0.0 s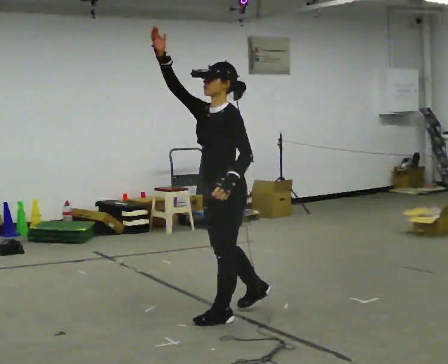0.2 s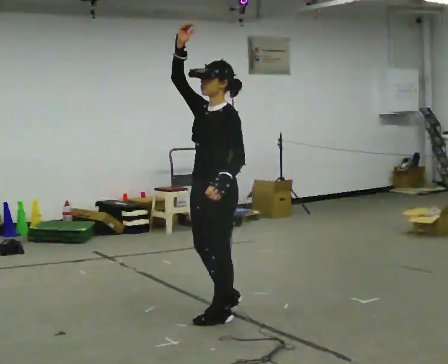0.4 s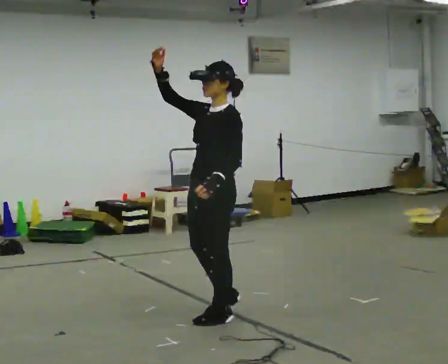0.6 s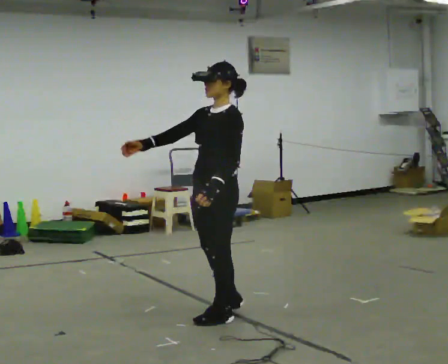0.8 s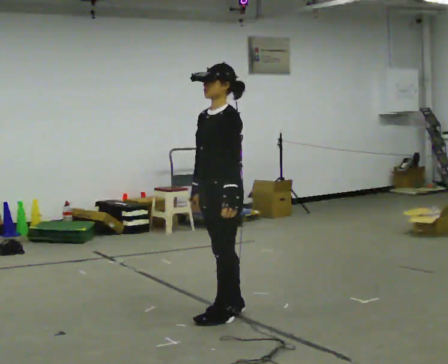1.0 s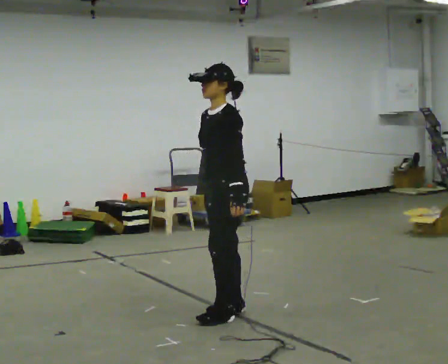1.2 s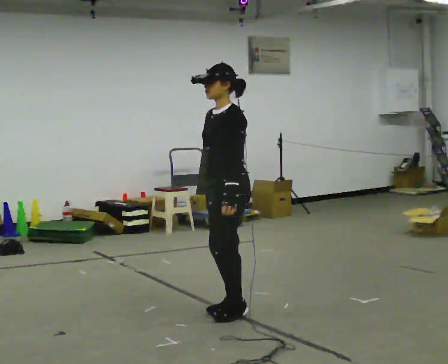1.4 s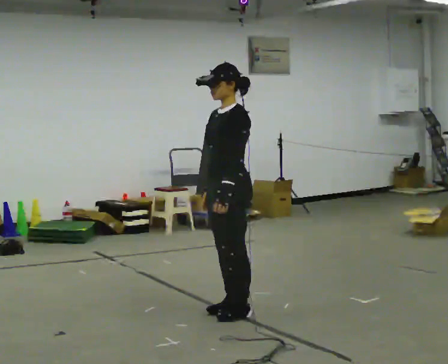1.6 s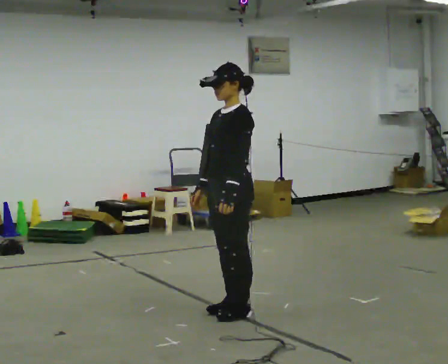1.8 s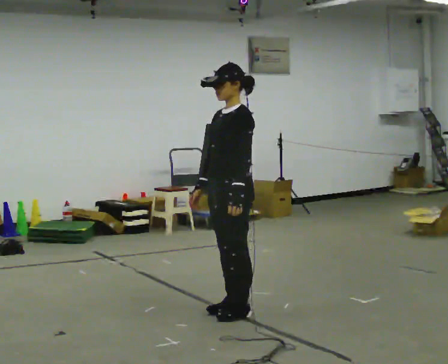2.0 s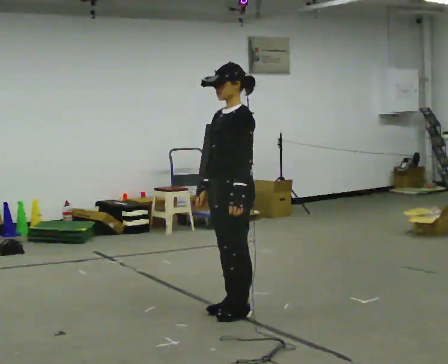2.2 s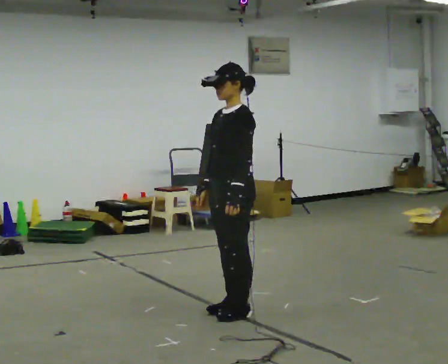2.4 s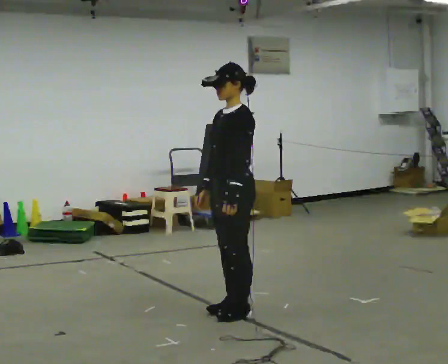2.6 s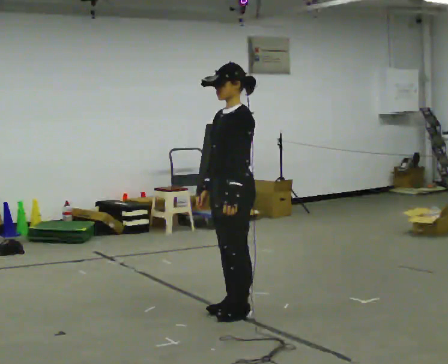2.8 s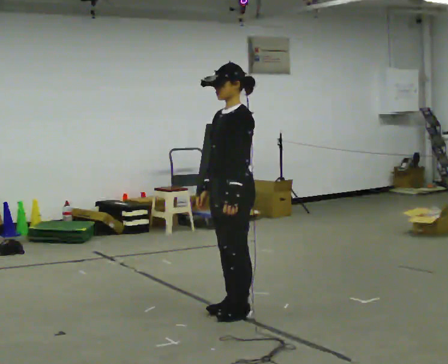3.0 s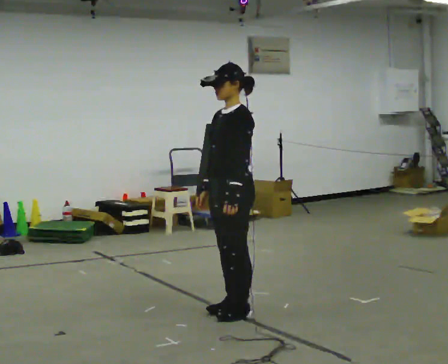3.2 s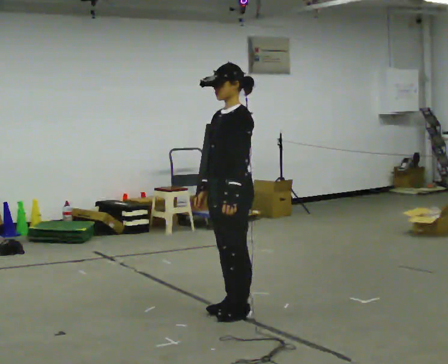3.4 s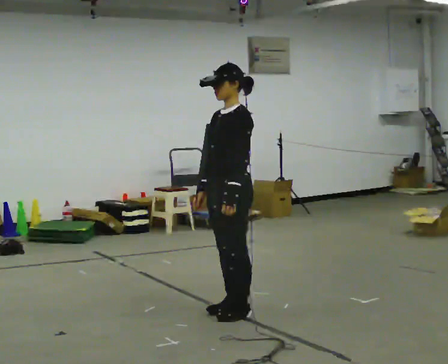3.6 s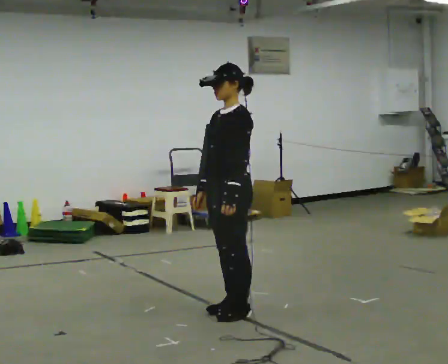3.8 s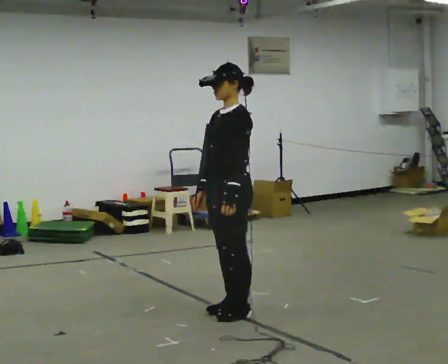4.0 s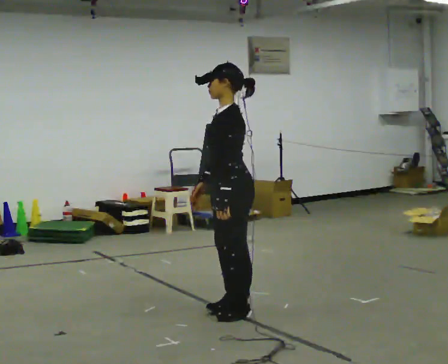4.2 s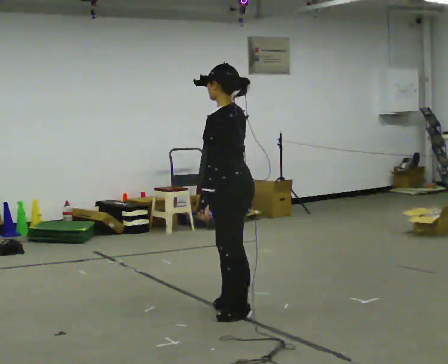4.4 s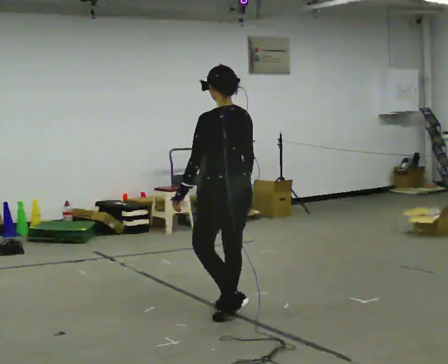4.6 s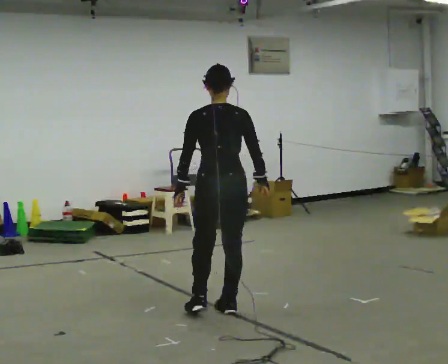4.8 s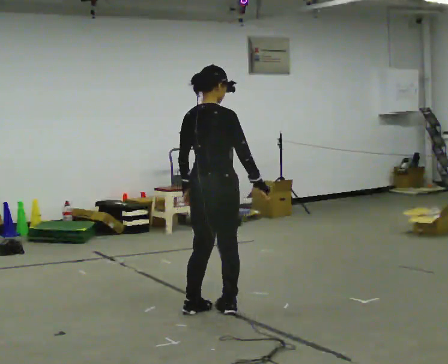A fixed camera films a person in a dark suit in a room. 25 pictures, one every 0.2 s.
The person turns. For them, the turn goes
to their right.
The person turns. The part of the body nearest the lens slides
to the left.
0.0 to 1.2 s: In the picture their right hand goes downward, the arm swinging counterclockwise.
1.2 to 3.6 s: The person moves a little, or ends about where they began.
3.6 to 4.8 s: The part of the body nearest the lens slides to the left as the person turns to their right by about 150 degrees. In the picture their right hand goes to the right, the arm swinging counterclockwise.
The film runs forward here.
